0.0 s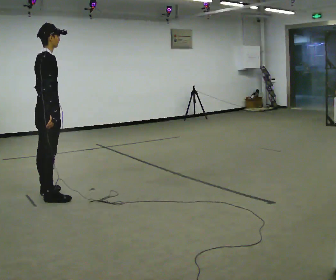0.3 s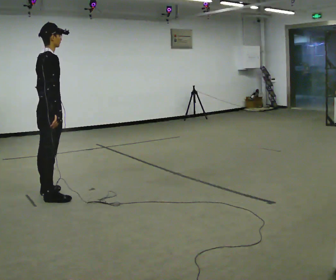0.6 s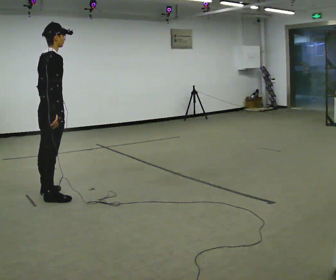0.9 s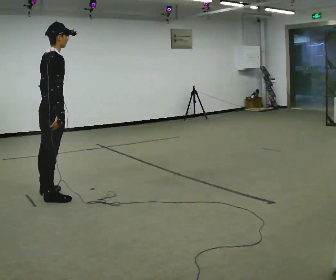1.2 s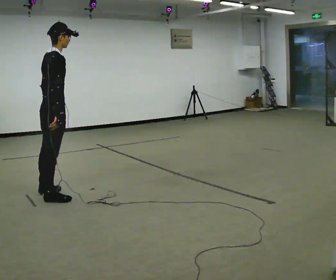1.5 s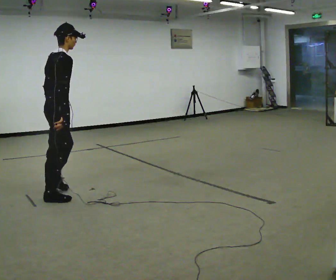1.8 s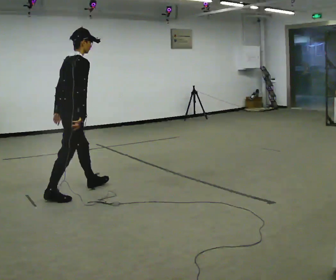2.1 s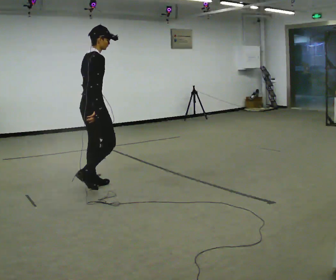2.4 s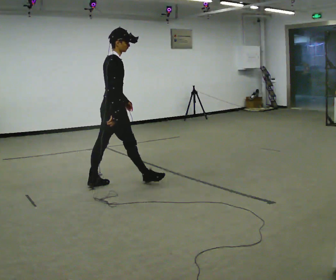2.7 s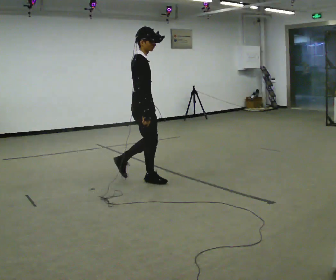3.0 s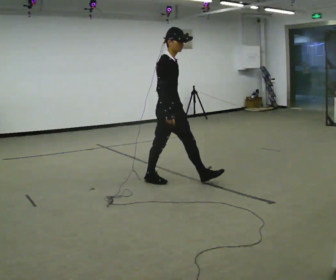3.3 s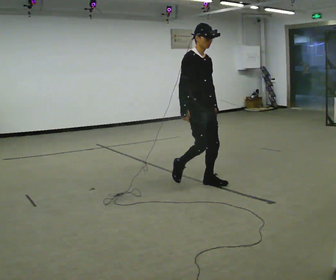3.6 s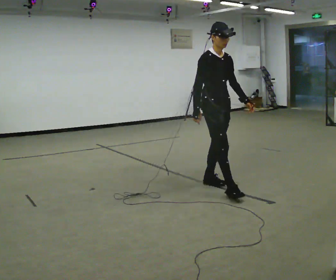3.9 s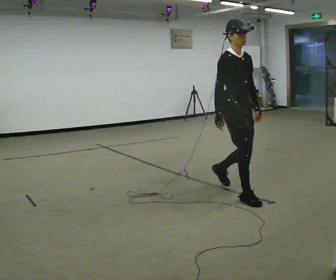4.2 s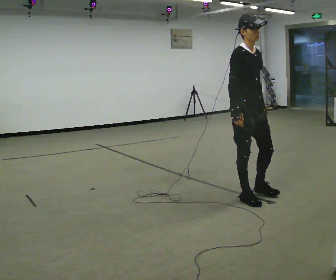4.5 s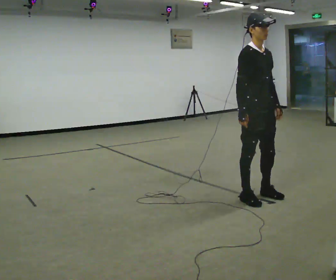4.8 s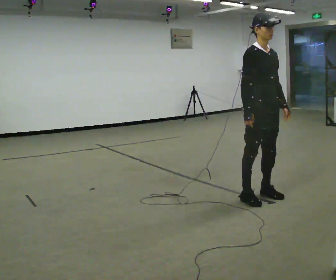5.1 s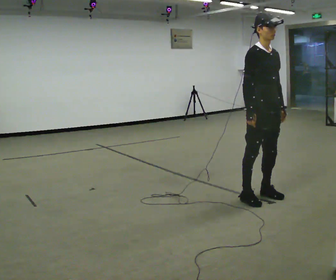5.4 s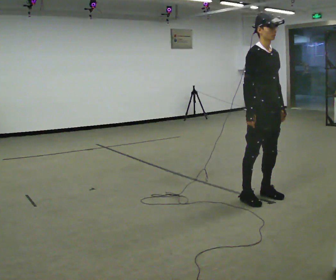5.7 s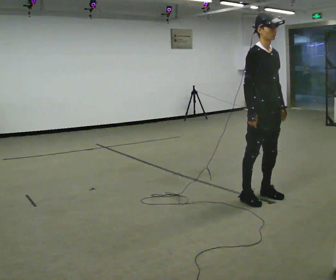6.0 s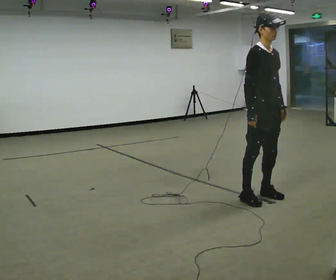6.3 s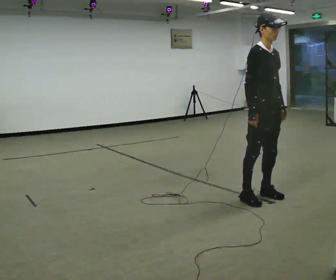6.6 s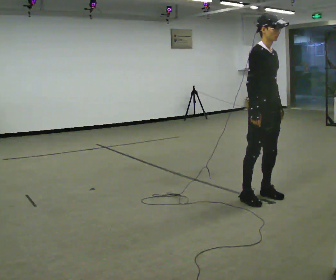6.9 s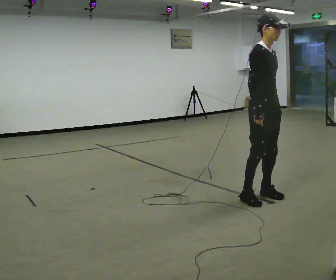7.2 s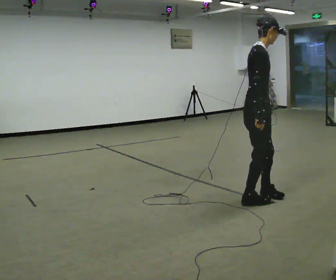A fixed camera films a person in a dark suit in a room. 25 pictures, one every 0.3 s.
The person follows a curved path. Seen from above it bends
clockwise.
The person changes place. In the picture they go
to the right.
0.0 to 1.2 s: The person moves a little, or ends about where they began.
1.2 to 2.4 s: In the picture they go away from the camera and to the right, about 0.5 m in 1 step, which for them is forward.
2.4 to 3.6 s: The person turns about 75 degrees to their right, clockwise seen from above, so the part of the body nearest the lens slides to the left. In the picture they go to the right, about 1 m in 2 steps.
3.6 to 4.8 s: In the picture they go toward the camera and to the right, about 0.5 m in 2 steps, which for them is forward.
4.8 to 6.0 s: The person moves a little, or ends about where they began.
6.0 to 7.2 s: The person turns about 45 degrees to their left, counterclockwise seen from above, so the part of the body nearest the lens slides to the right.
The film runs forward here.
